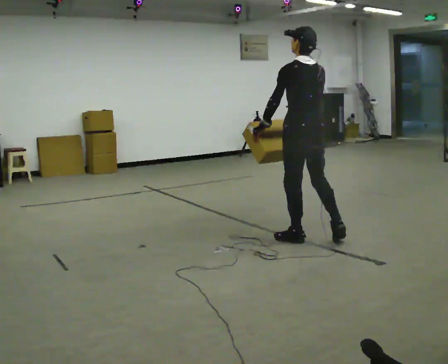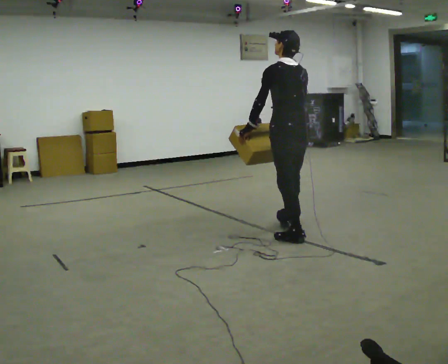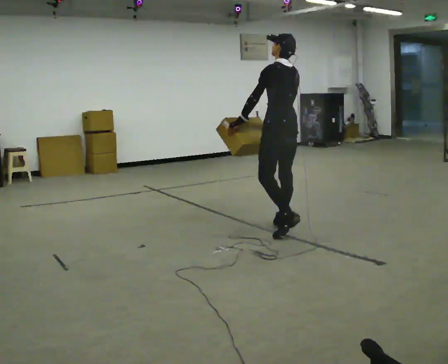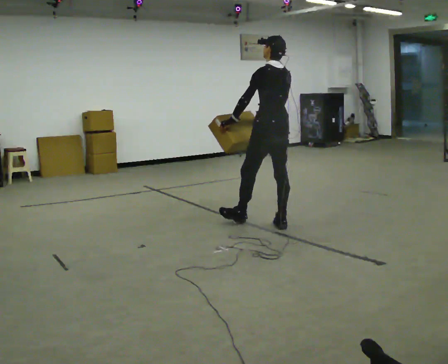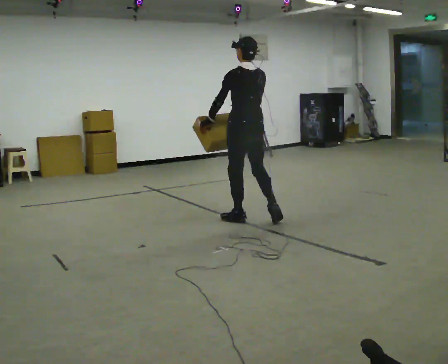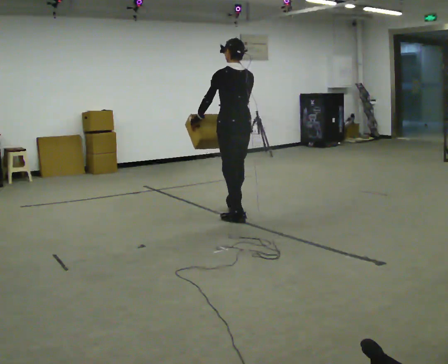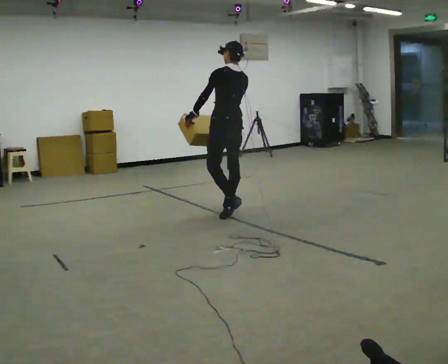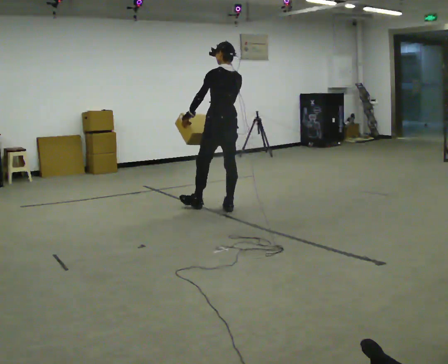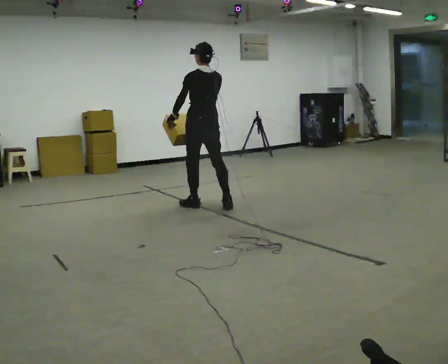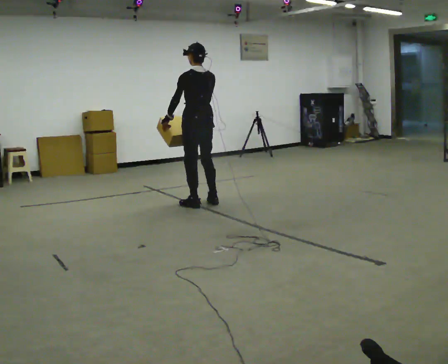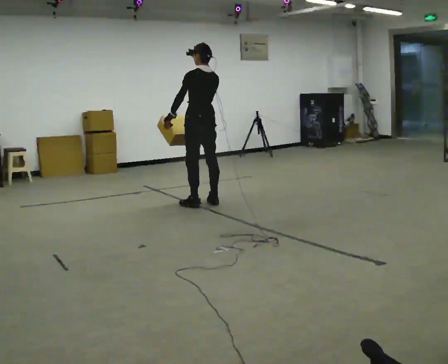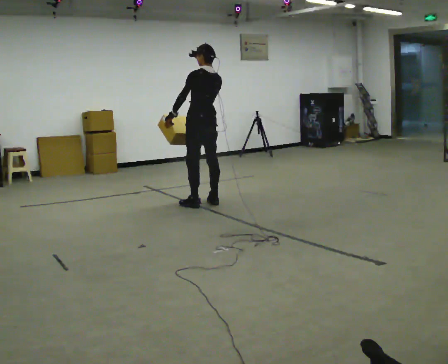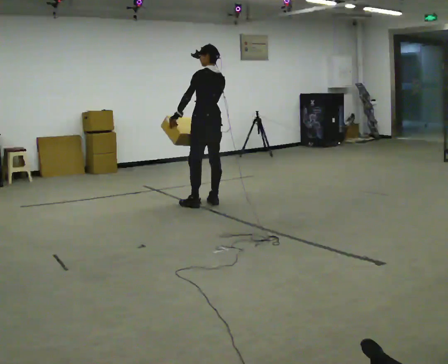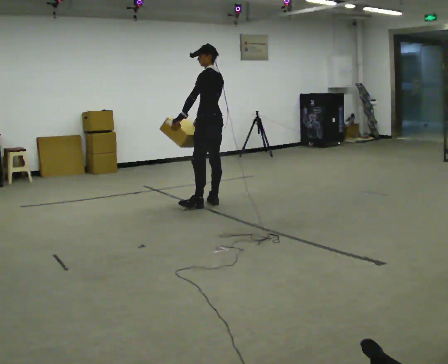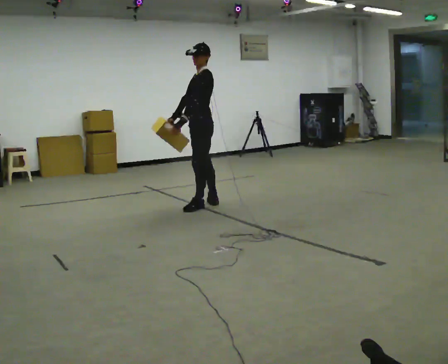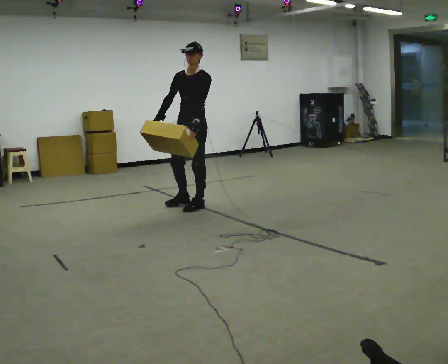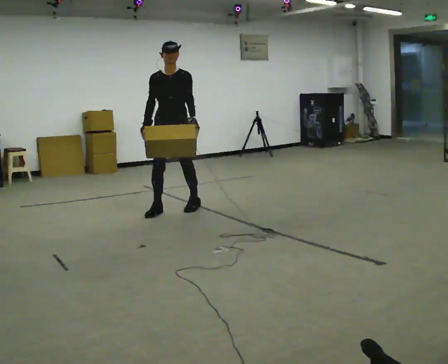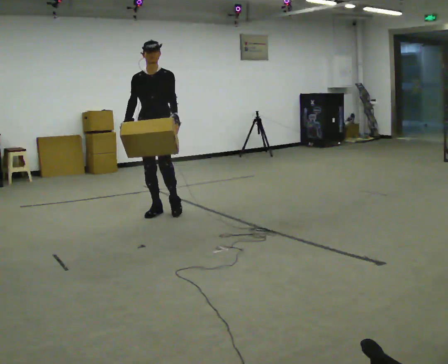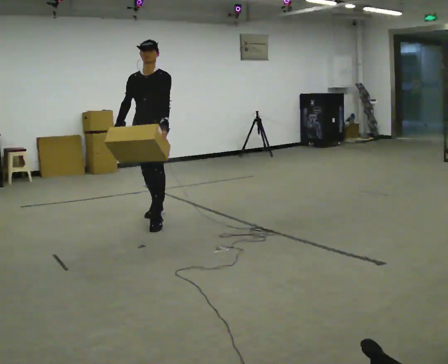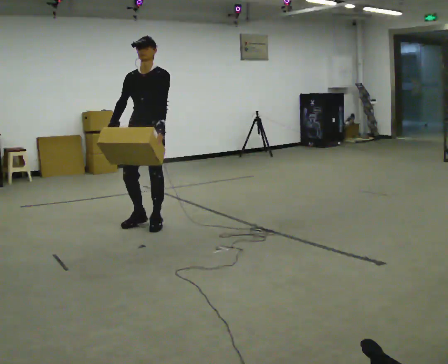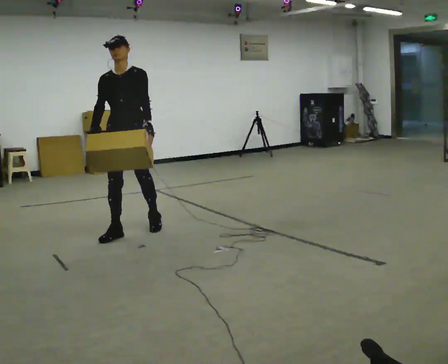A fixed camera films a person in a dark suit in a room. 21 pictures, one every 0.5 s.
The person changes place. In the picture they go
to the left.
0.0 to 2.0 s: In the picture they go away from the camera and to the left, about 1 m in 2 steps, which for them is forward.
2.0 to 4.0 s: In the picture they go away from the camera and to the left, about 0.5 m in 2 steps, which for them is forward.
4.0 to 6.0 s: In the picture they go away from the camera, about 0.25 m in 1 step, which for them is to their right.
6.0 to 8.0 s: The part of the body nearest the lens slides to the right as the person turns to their left by about 135 degrees. In the picture they go to the left and toward the camera, about 0.5 m in 1 step.
8.0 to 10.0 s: In the picture they go toward the camera and to the left, about 1 m in 2 steps, which for them is forward.
The film runs forward here.
